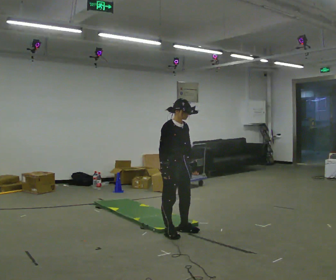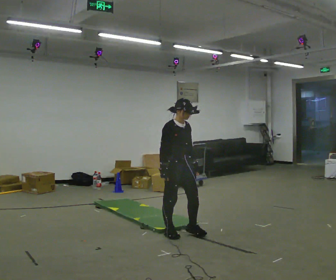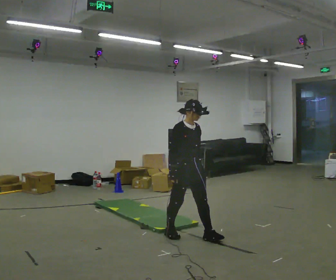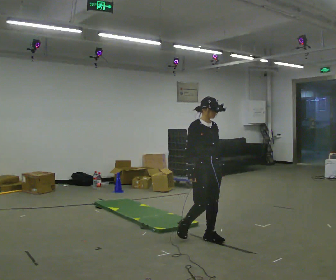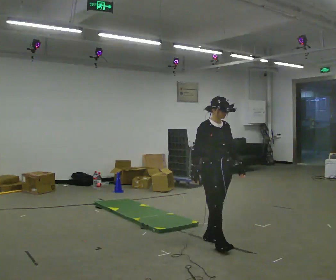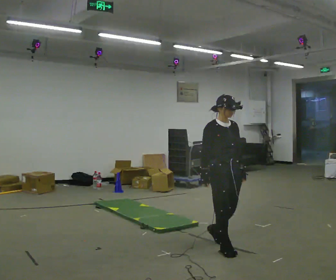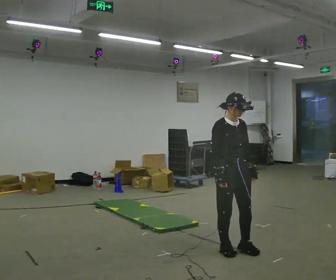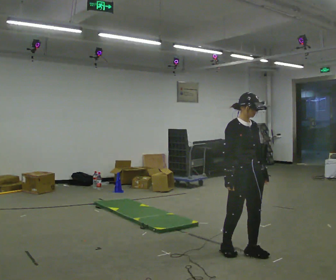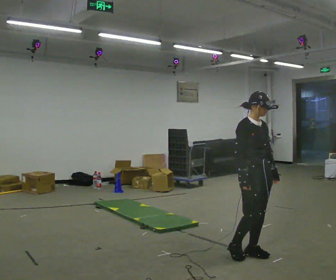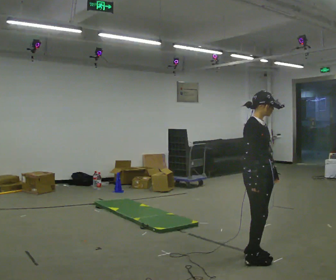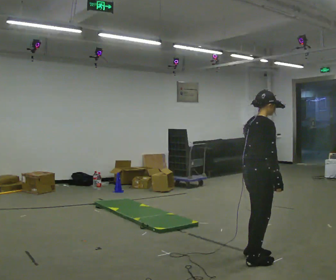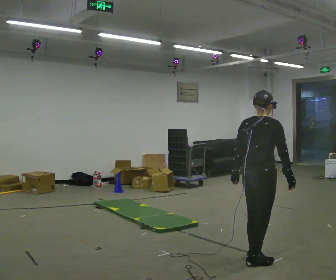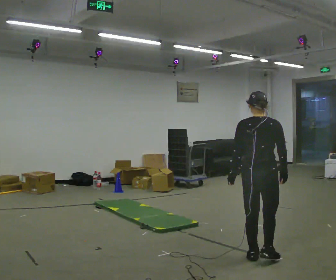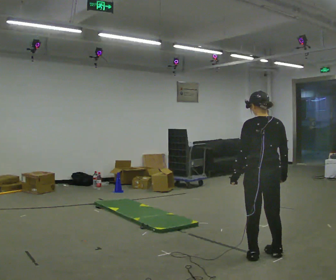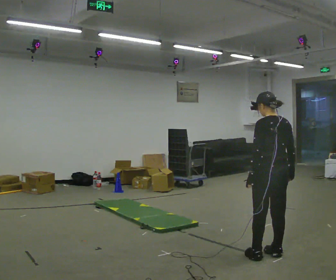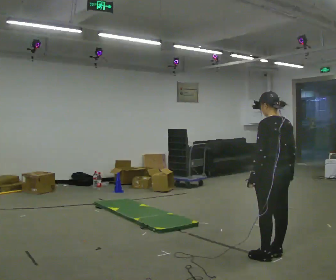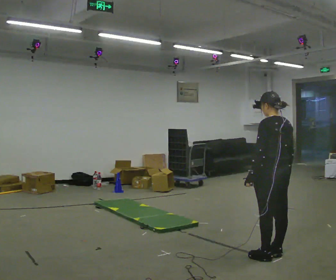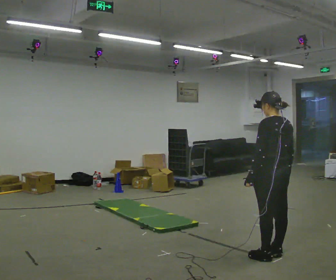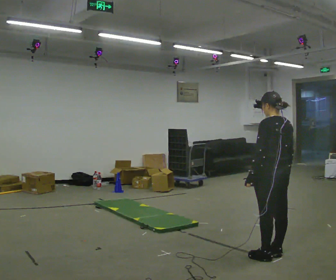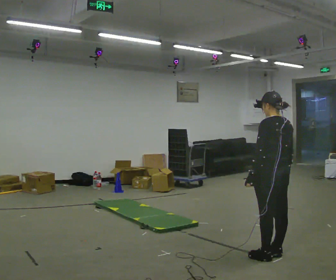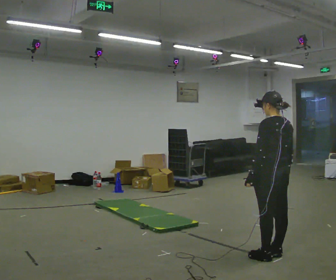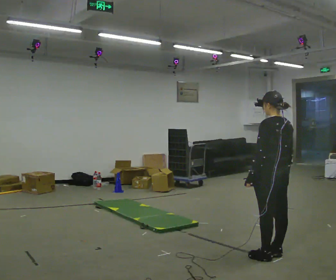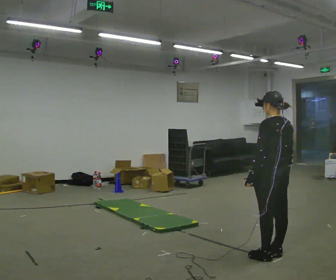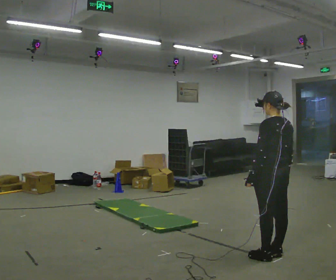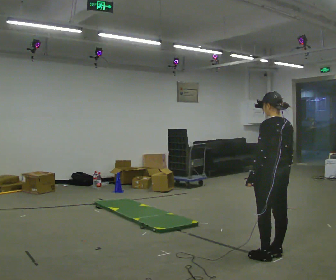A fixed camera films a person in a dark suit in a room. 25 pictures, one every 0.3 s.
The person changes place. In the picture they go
to the right.
The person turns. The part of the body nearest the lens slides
to the right.
0.0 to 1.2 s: In the picture they go to the right, about 0.5 m in 1 step, which for them is forward.
1.2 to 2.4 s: In the picture they go to the right and toward the camera, about 0.5 m in 2 steps, which for them is forward.
2.4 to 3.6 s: Seen from above the body turns counterclockwise, about 135 degrees: to their left, with its near side sliding to the right. In the picture their left hand goes to the left, the arm swinging clockwise.
3.6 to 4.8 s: The person turns about 45 degrees to their left, counterclockwise seen from above, so the part of the body nearest the lens slides to the right.
4.8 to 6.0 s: The person keeps their place and pose.
6.0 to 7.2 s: The person moves a little, or ends about where they began.
The film runs forward here.
